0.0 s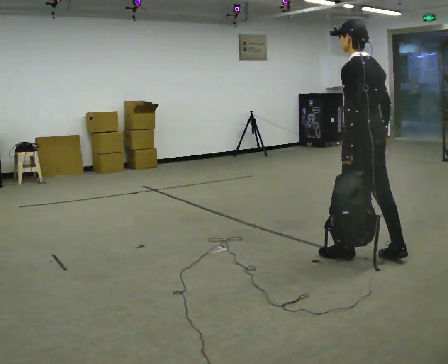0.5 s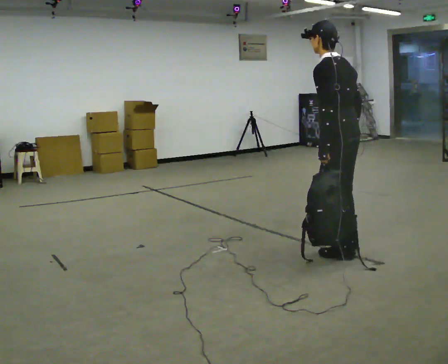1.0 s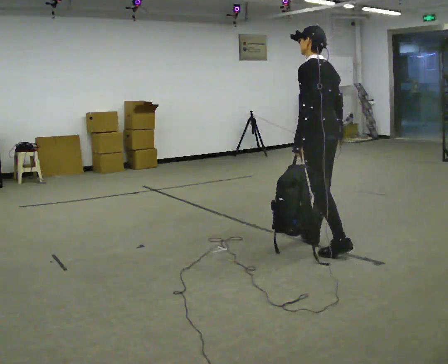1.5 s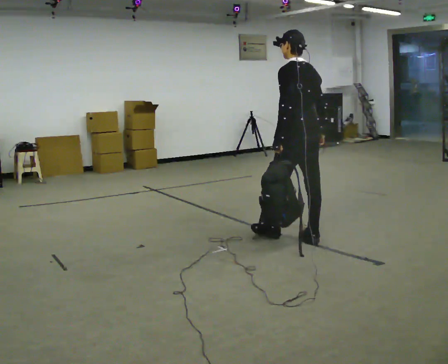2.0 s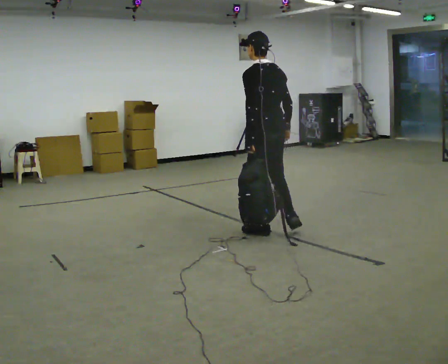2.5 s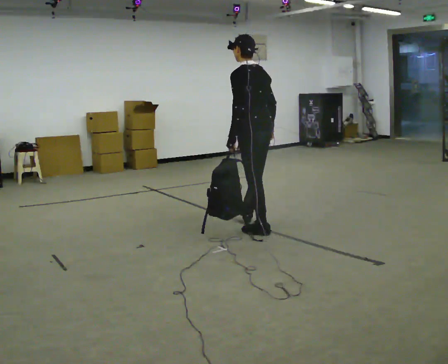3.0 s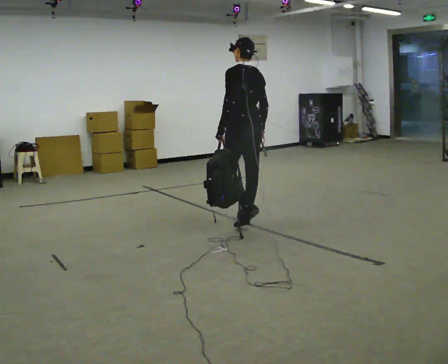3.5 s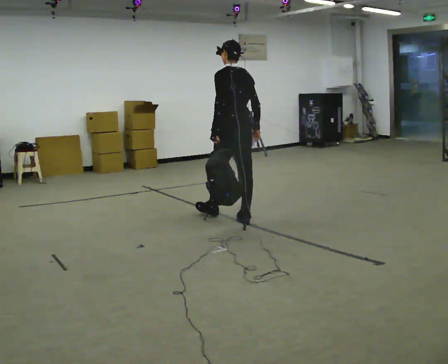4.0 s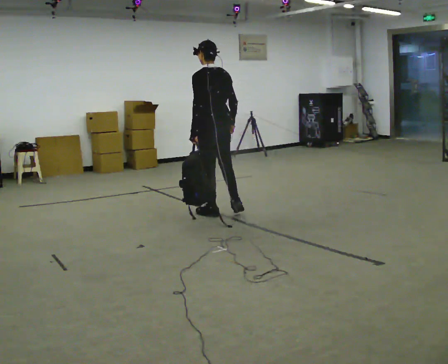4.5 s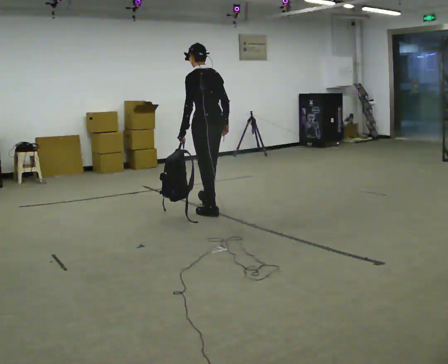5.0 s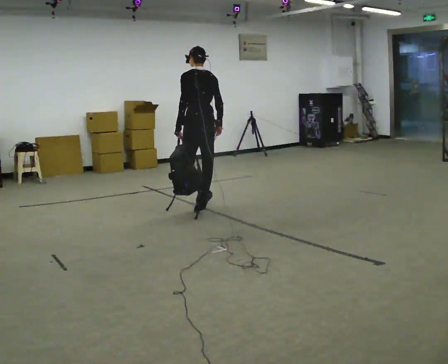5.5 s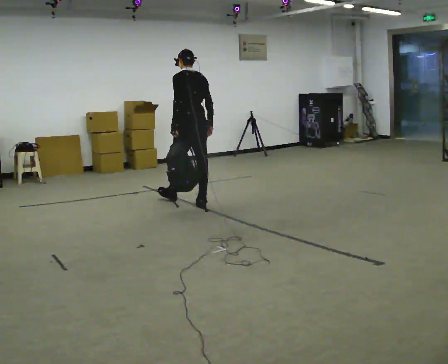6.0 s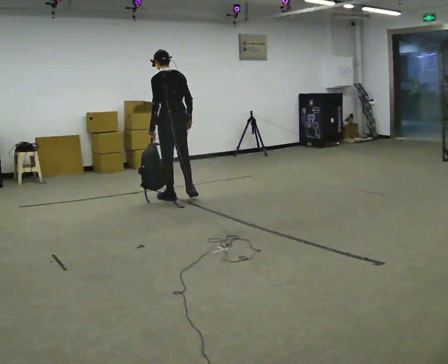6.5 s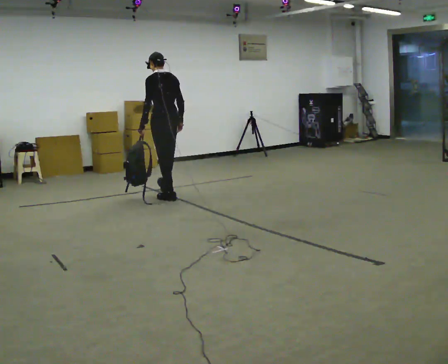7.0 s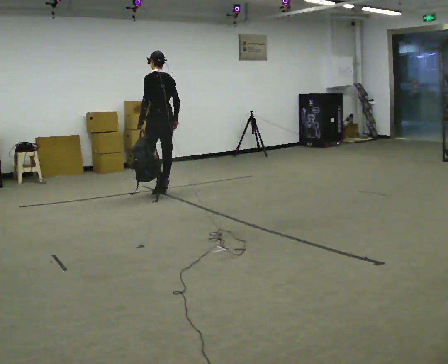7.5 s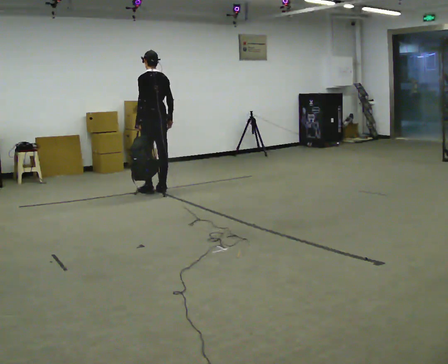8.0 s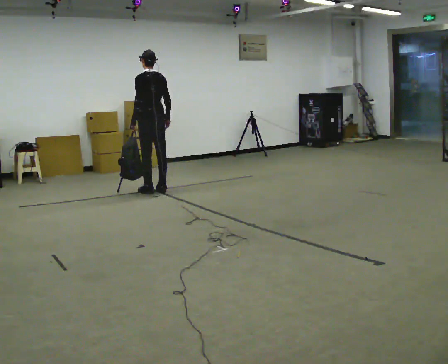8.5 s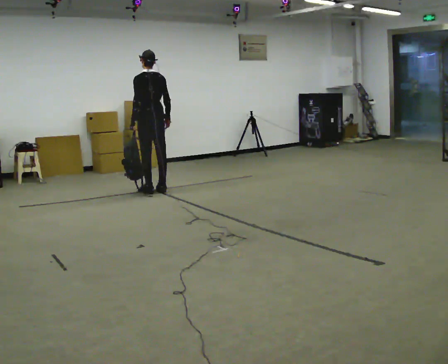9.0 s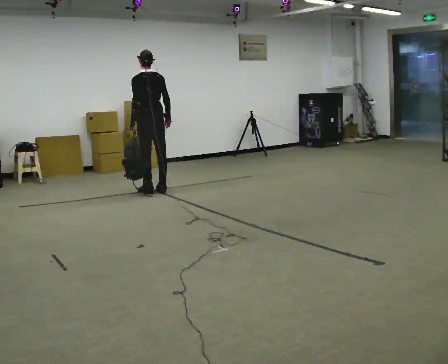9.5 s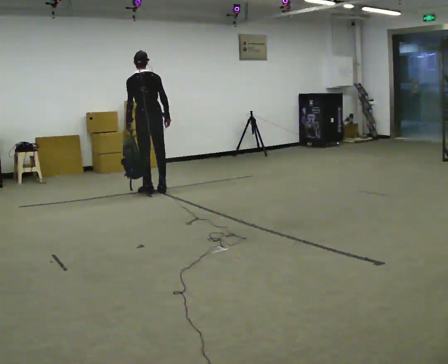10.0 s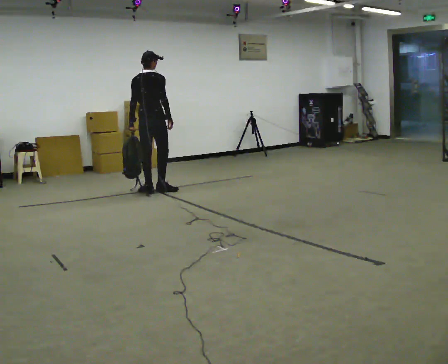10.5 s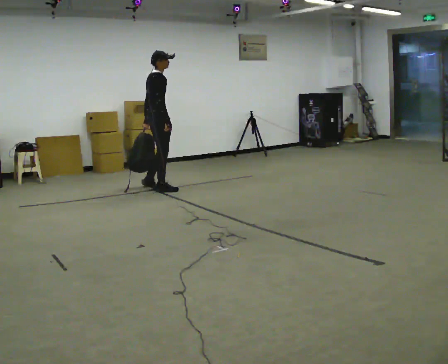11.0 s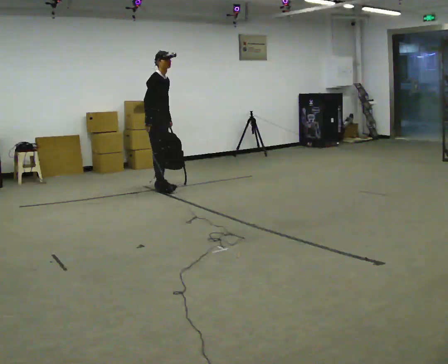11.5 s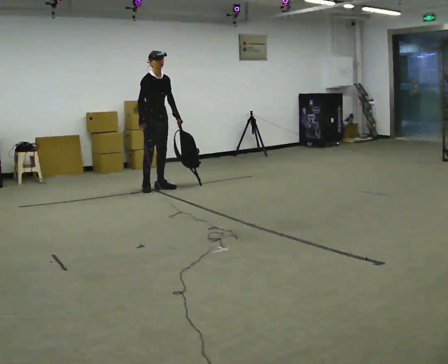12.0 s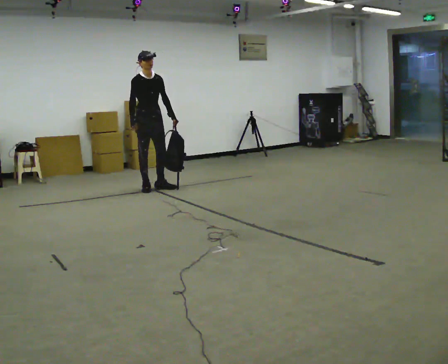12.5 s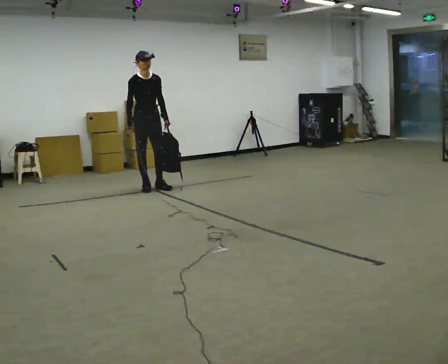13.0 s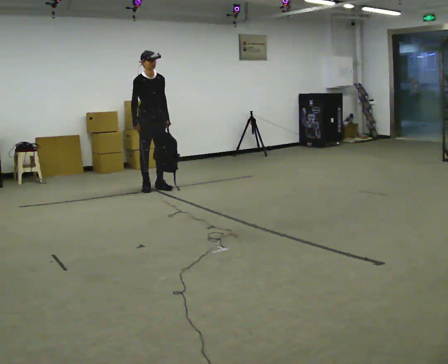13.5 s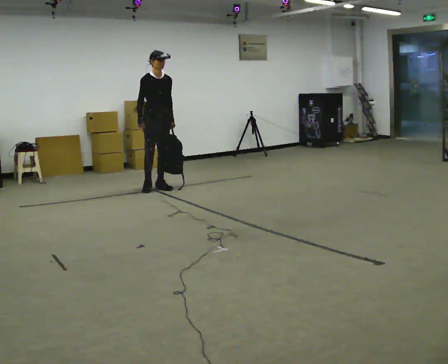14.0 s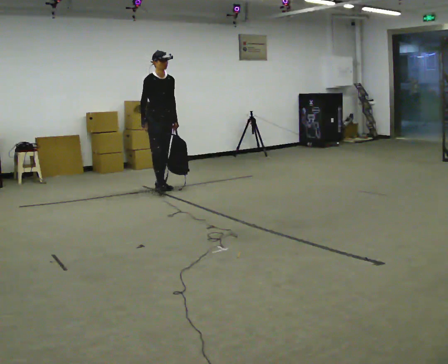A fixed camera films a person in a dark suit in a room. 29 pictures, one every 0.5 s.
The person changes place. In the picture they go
away from the camera.
0.0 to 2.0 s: In the picture they go away from the camera and to the left, about 1 m in 2 steps, which for them is forward.
2.0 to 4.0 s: In the picture they go away from the camera and to the left, about 1 m in 2 steps, which for them is forward.
4.0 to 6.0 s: In the picture they go away from the camera and to the left, about 1 m in 2 steps, which for them is forward.
6.0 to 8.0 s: In the picture they go away from the camera and to the left, about 0.5 m in 2 steps, which for them is forward.
8.0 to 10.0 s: The person turns about 45 degrees to their right, clockwise seen from above, so the part of the body nearest the lens slides to the left.
10.0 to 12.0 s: The person turns about 135 degrees to their right, clockwise seen from above, so the part of the body nearest the lens slides to the left. In the picture they go away from the camera, about 0.25 m in 2 steps. In the picture their left hand goes to the right, the arm swinging counterclockwise.
12.0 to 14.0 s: The person moves a little, or ends about where they began.
The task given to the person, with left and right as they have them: Carry the soft bag across the room, back and forth. It will change shape as you move, so hold it however works.
The film runs forward here.
